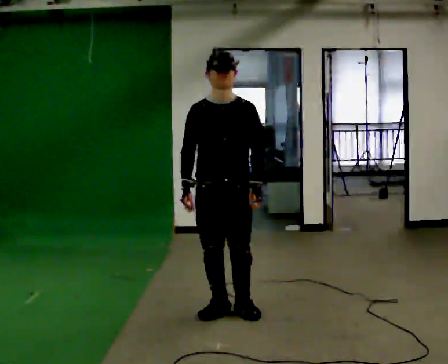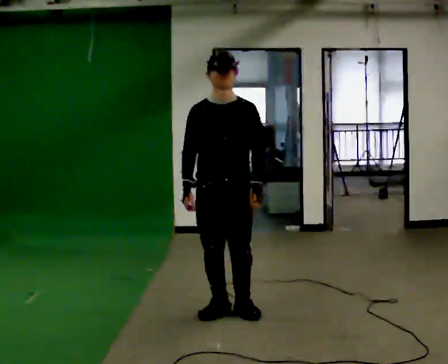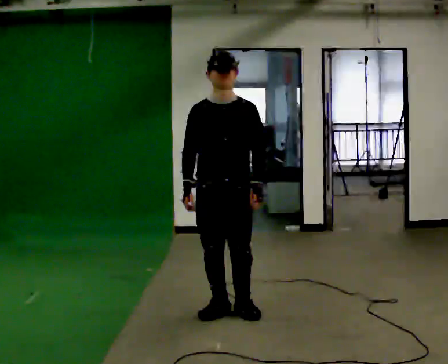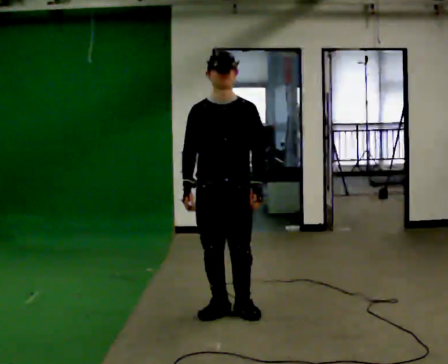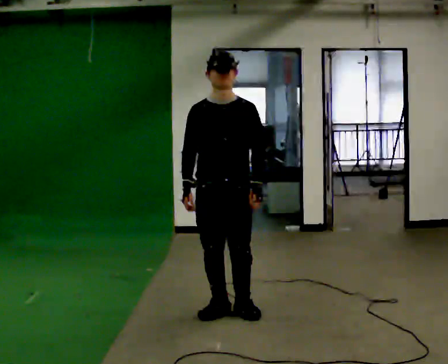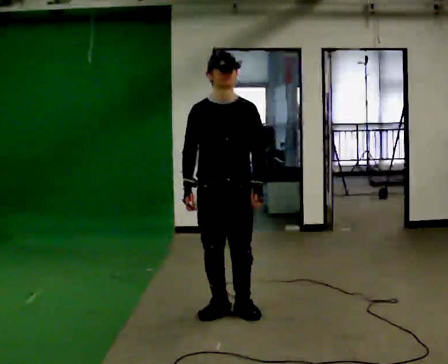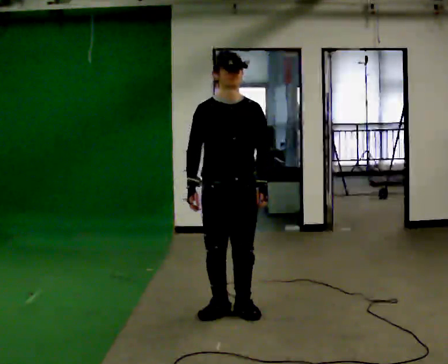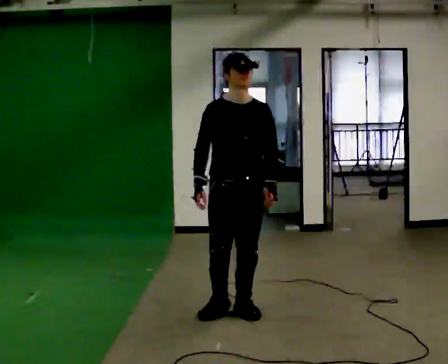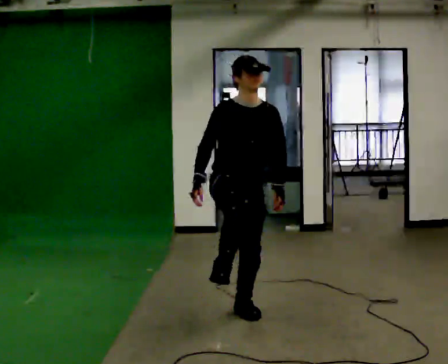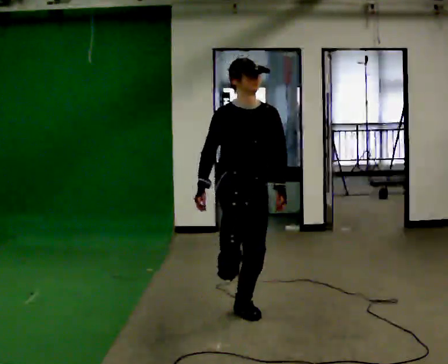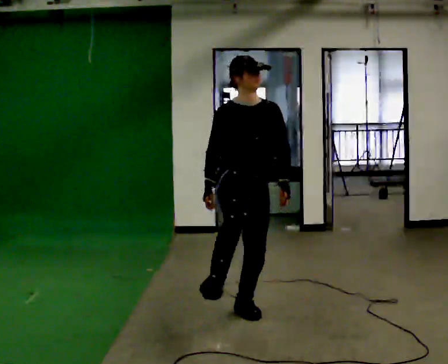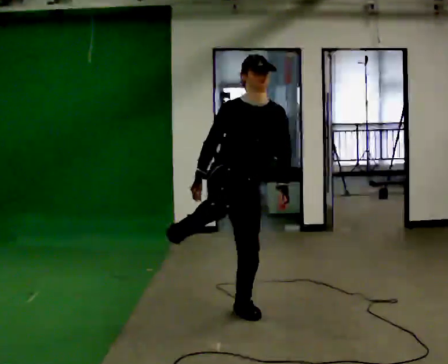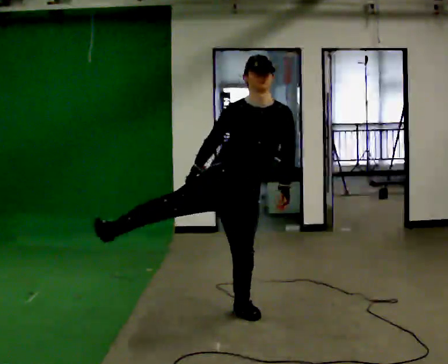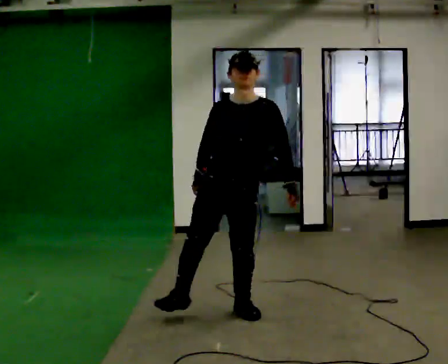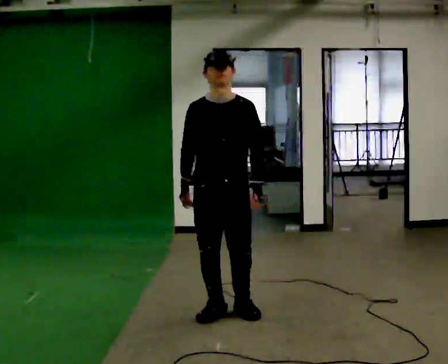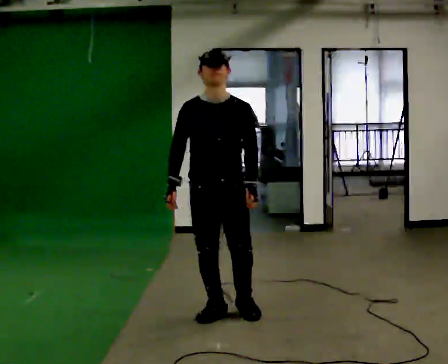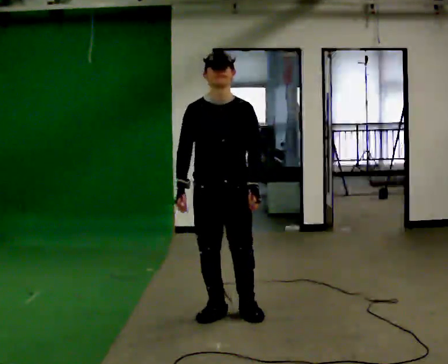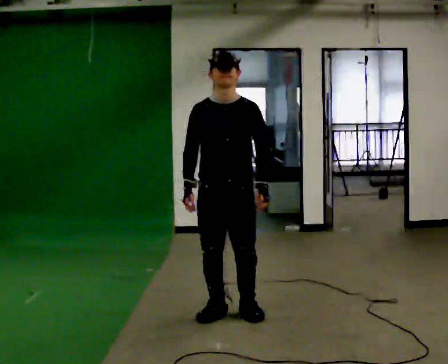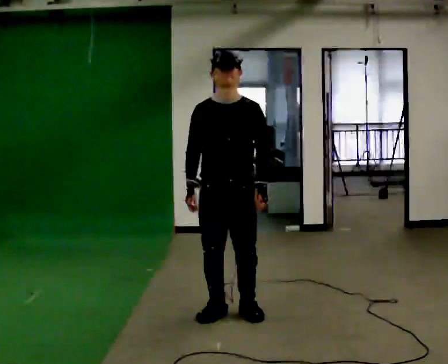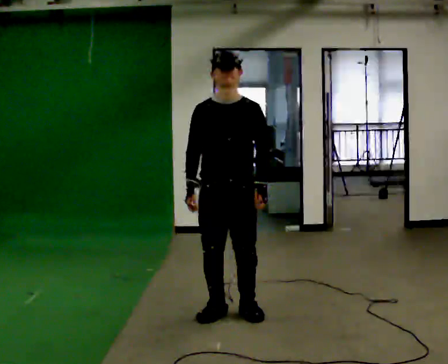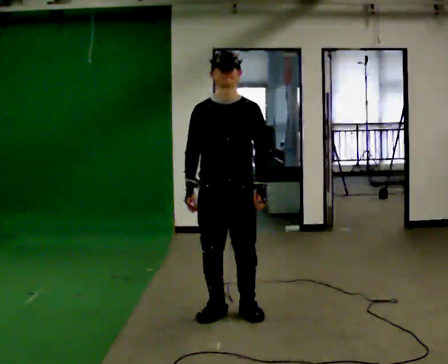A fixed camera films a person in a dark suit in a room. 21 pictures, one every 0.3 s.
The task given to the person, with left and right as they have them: Kick into the air with each leg in turn, front kicks and side kicks, at a comfortable height. Repeat the movement at your own pace until the operator says stop; do not rush.
0.0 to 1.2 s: The person keeps their place and pose.
1.2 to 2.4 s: The person turns about 30 degrees to their left, counterclockwise seen from above, so the part of the body nearest the lens slides to the right.
2.4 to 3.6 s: The person moves a little, or ends about where they began.
3.6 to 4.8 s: In the picture the upper body tilts counterclockwise, shoulders to the left.
4.8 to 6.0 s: The person moves a little, or ends about where they began.
The film runs forward here.
